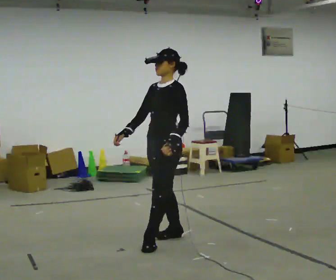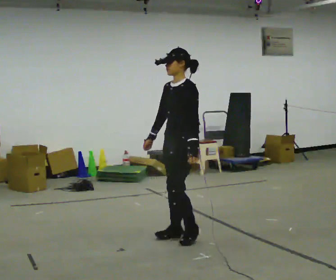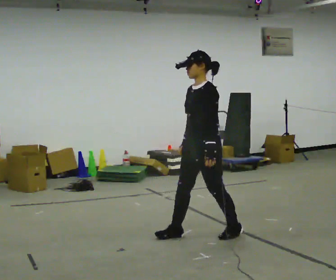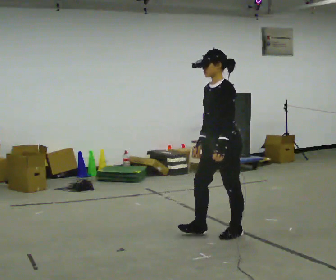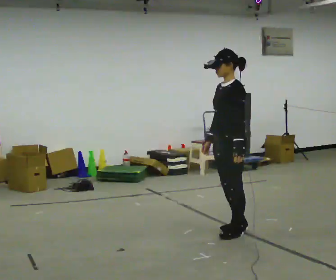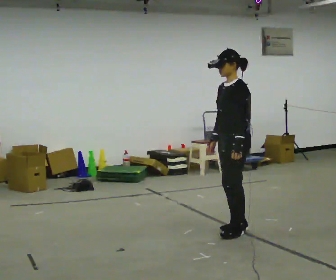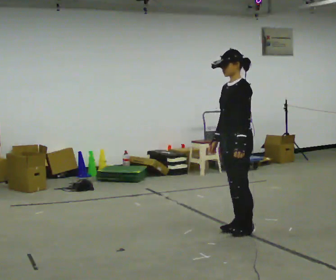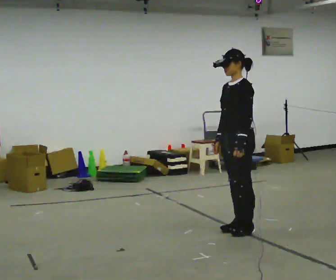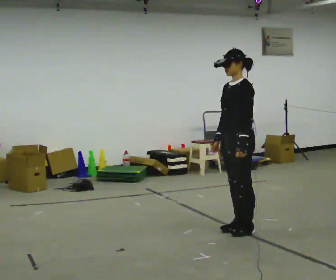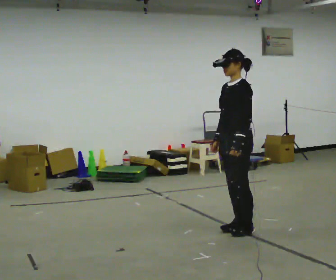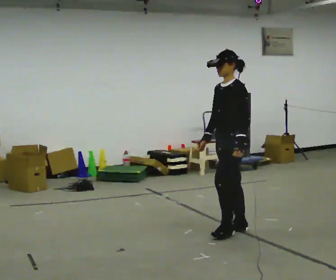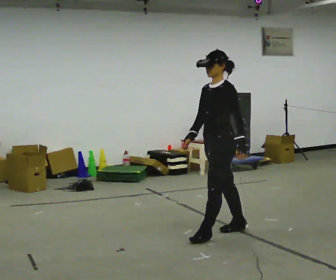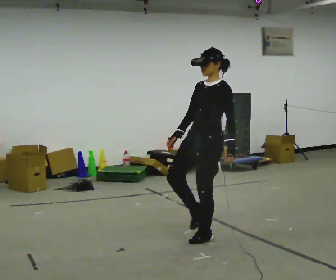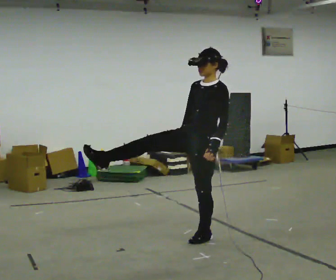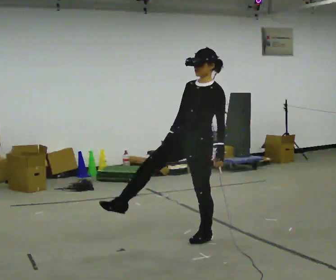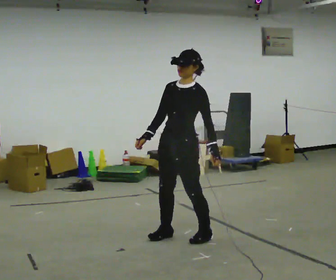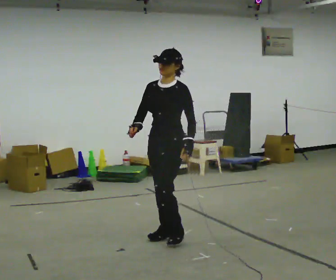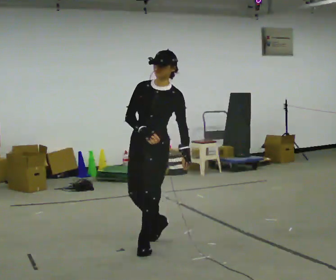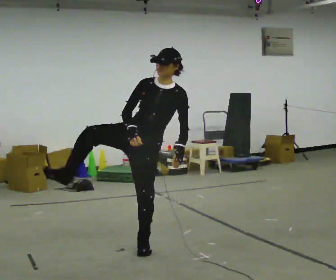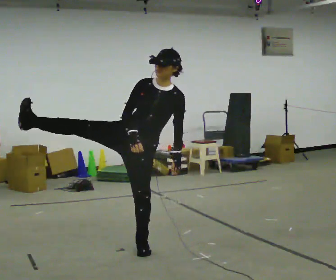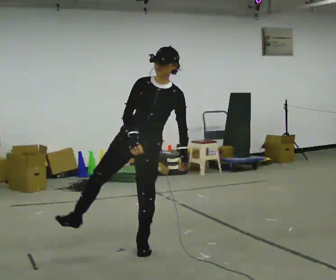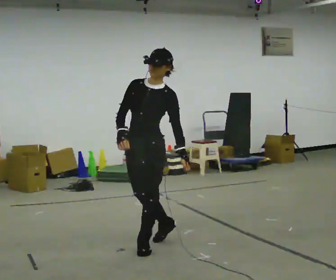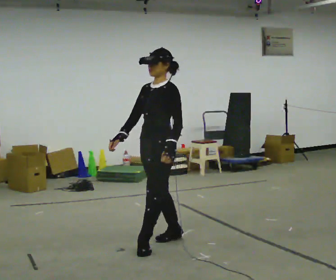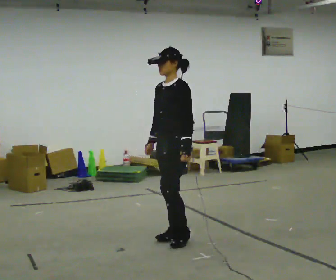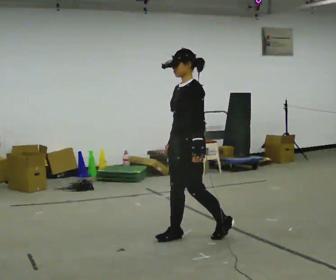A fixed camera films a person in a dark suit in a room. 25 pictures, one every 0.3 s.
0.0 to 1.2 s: In the picture they go to the right and away from the camera, about 0.5 m in 2 steps, which for them is backward.
1.2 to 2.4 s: The person moves a little, or ends about where they began.
2.4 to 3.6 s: In the picture they go to the left and toward the camera, about 0.25 m in 1 step, which for them is forward.
3.6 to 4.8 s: In the picture they go to the left, about 0.25 m in 2 steps, which for them is forward and to their right.
4.8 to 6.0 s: Seen from above the body turns counterclockwise, about 30 degrees: to their left, with its near side sliding to the right. In the picture they go toward the camera and to the left, about 0.25 m in 2 steps, which for them is forward and to their right.
6.0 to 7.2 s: The part of the body nearest the lens slides to the left as the person turns to their right by about 60 degrees. In the picture they go to the right and away from the camera, about 0.5 m in 1 step, which for them is backward. In the picture the upper body tilts counterclockwise, shoulders to the left.
The film runs forward here.
